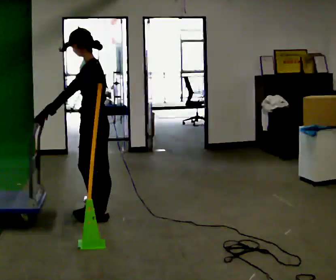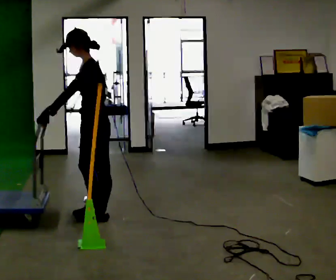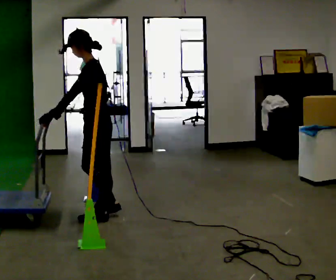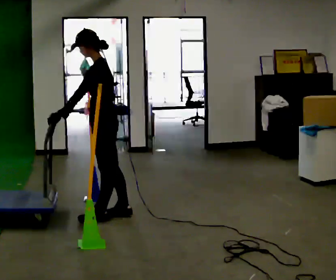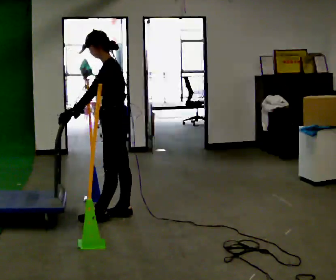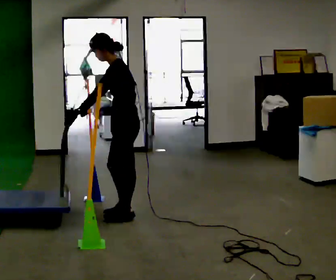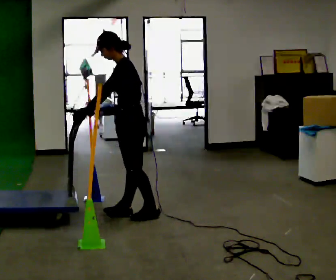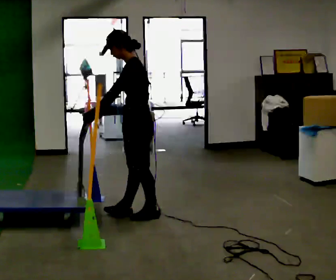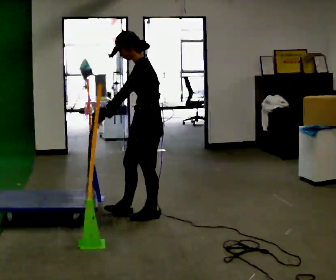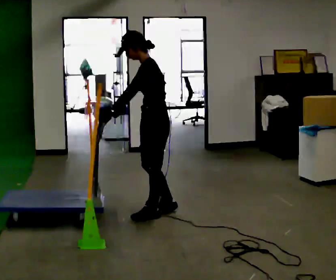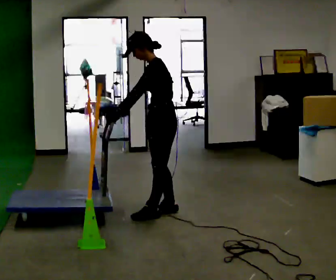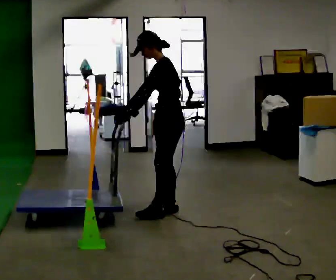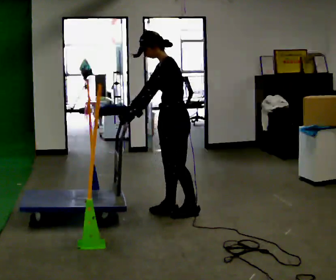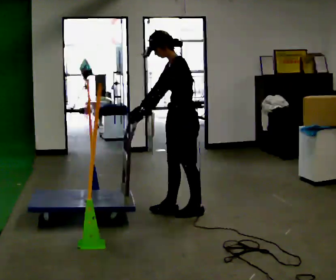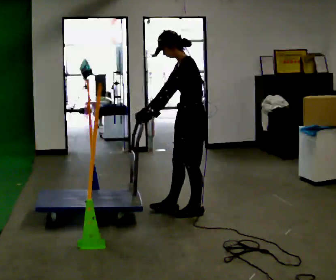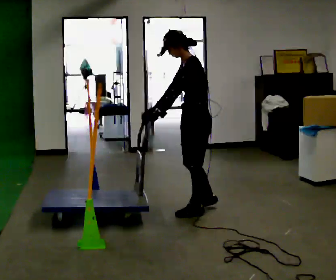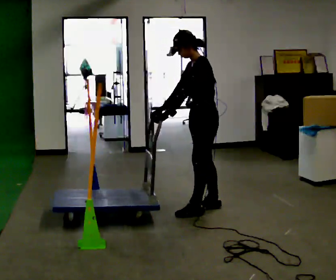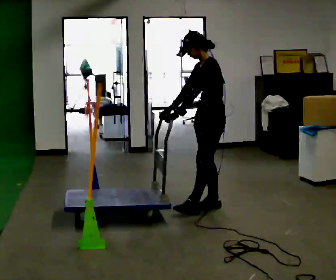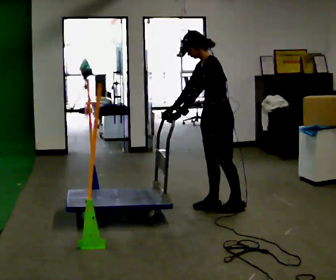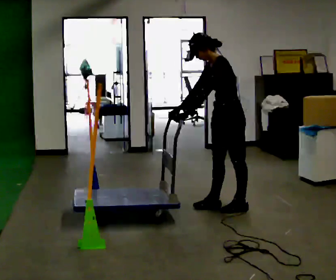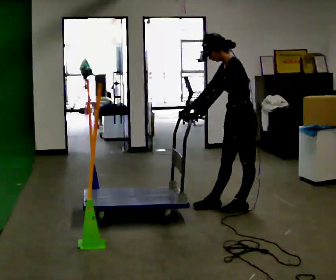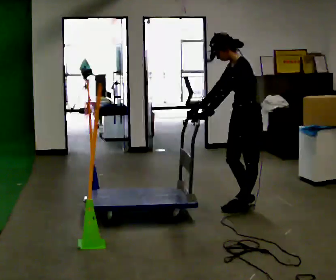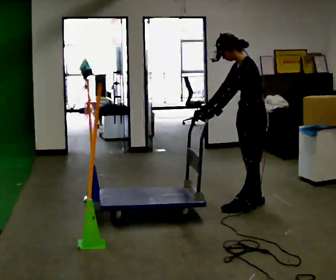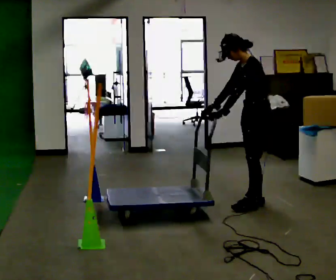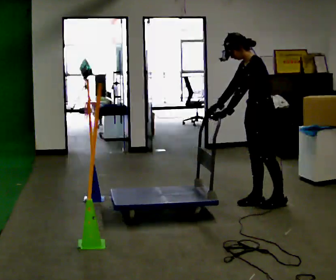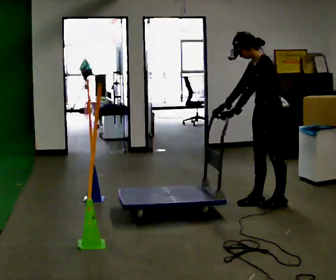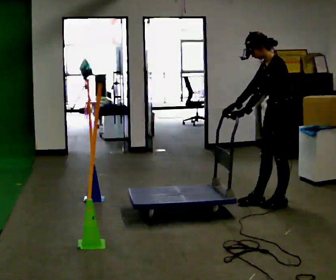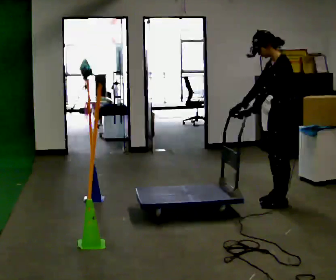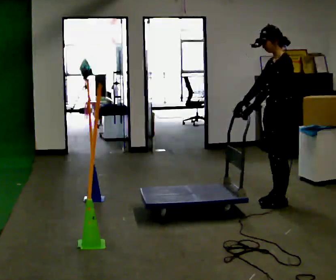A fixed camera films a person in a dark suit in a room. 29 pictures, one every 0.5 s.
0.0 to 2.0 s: In the picture they go to the right, about 0.25 m in 1 step, which for them is backward and to their right.
2.0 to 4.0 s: In the picture they go to the right, about 0.25 m in 1 step, which for them is backward.
4.0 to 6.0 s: In the picture they go to the right and away from the camera, about 0.25 m in 1 step, which for them is backward and to their right.
6.0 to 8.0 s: In the picture they go to the right, about 0.25 m in 2 steps, which for them is backward.
8.0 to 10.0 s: In the picture they go to the right, about 0.25 m in 1 step, which for them is backward.
10.0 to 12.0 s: In the picture they go to the right and away from the camera, about 0.25 m in 2 steps, which for them is backward and to their right.
12.0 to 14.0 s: In the picture they go to the right, about 0.25 m in 1 step, which for them is backward. In the picture the upper body tilts clockwise, shoulders to the right, as they lean back or straighten.
The film runs forward here.
